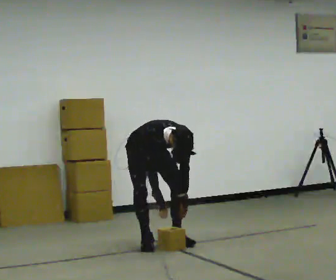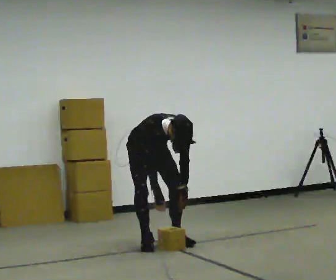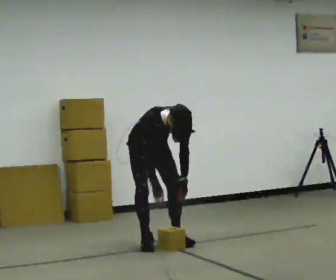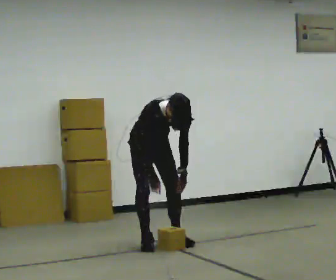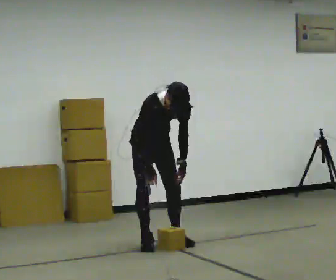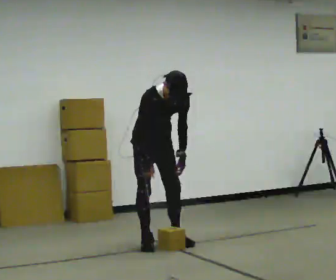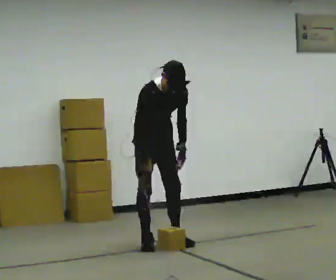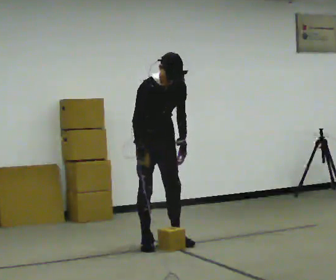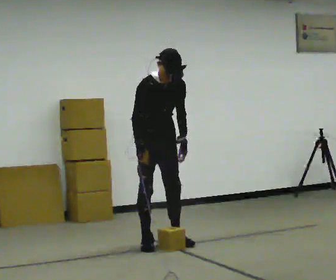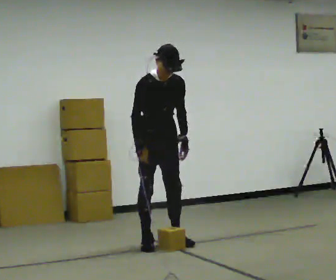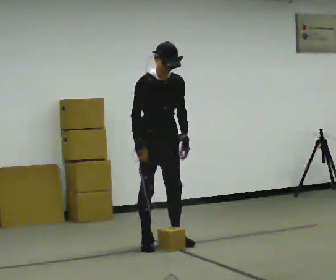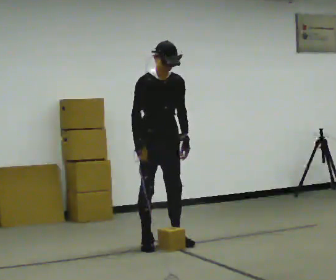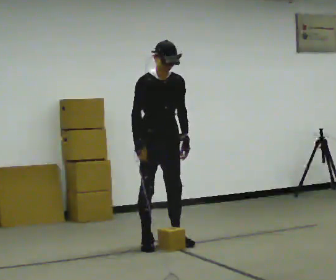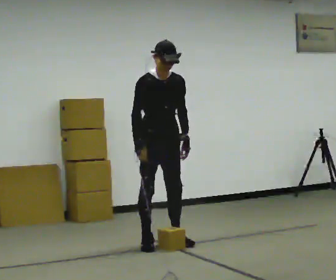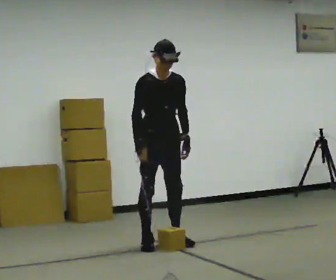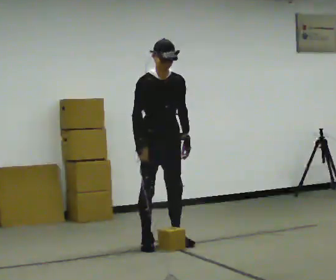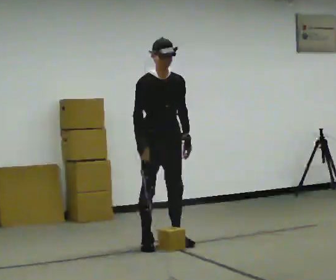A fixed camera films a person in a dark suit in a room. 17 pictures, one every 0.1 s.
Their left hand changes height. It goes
upward.
The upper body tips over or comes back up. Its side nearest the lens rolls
upward.
0.0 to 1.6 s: In the picture they go toward the camera, about 0.25 m, which for them is forward. The upper body goes upward. The upper body tips away from the camera, its near side rolling upward, as they lean back or straighten. In the picture their right hand goes upward.
The film runs backward here.
